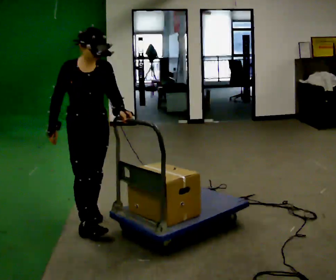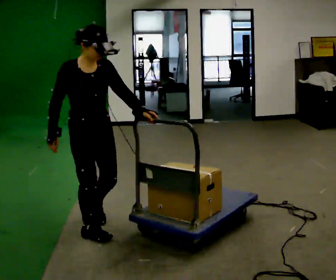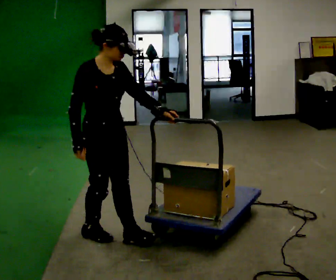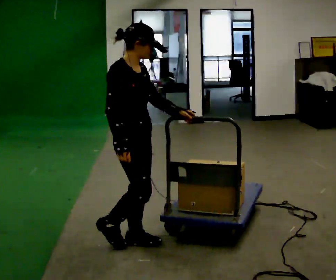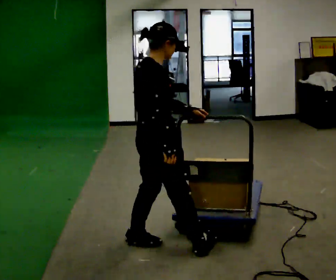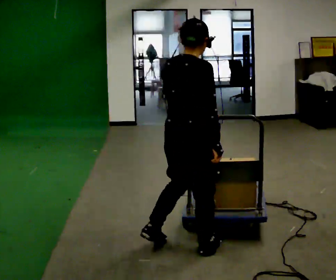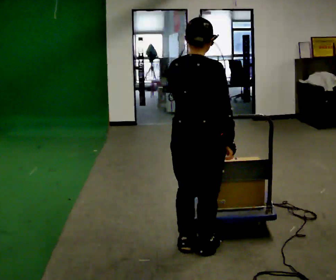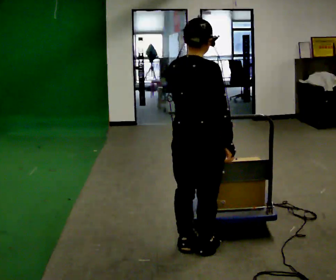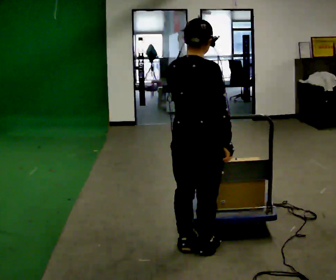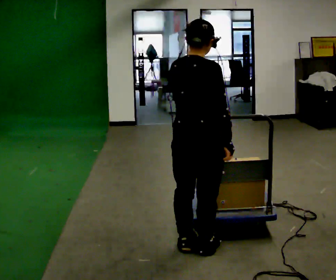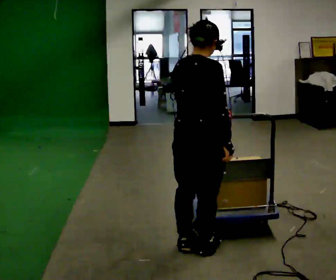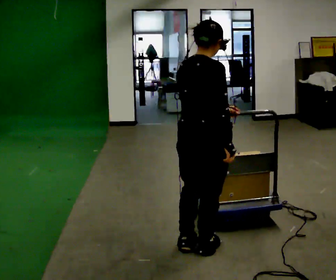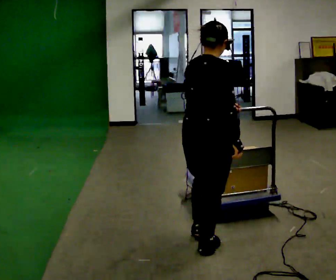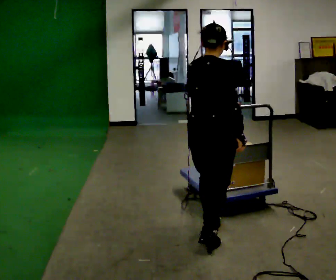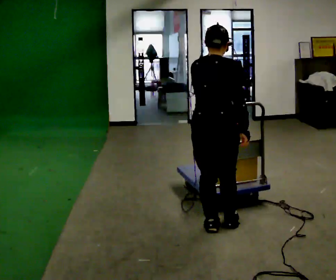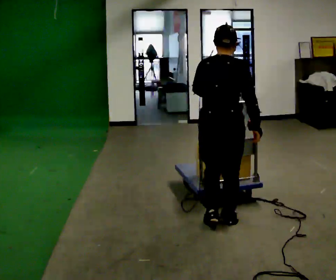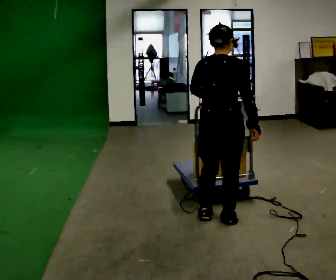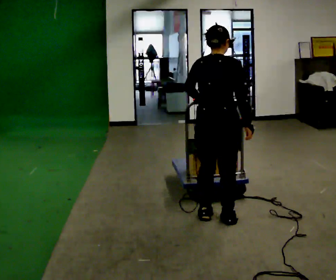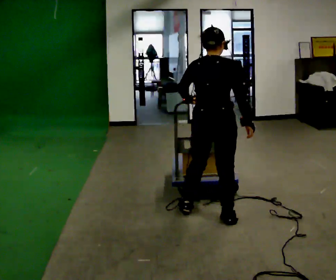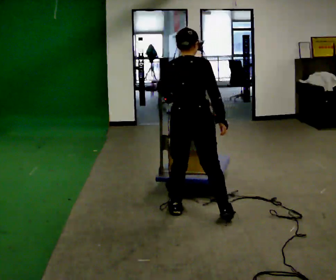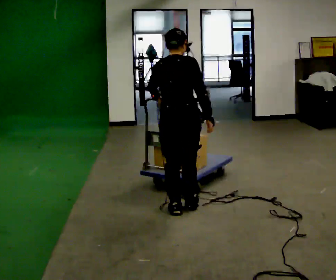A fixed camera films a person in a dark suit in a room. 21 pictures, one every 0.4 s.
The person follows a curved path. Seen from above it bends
counterclockwise.
Their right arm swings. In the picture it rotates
counterclockwise.
0.0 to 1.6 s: Seen from above the body turns counterclockwise, about 75 degrees: to their left, with its near side sliding to the right. In the picture they go to the right and toward the camera, about 0.75 m in 2 steps.
1.6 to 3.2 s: Seen from above the body turns counterclockwise, about 45 degrees: to their left, with its near side sliding to the right. In the picture they go to the right, about 0.25 m in 2 steps, which for them is to their right.
3.2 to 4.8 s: The person moves a little, or ends about where they began.
4.8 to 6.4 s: In the picture they go away from the camera, about 0.5 m in 3 steps, which for them is forward.
6.4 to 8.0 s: In the picture they go to the left and away from the camera, about 0.5 m in 1 step, which for them is to their left and forward.
The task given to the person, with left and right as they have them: Push the cart along the marked route and round the corner to the side the operator calls.
The film runs forward here.
